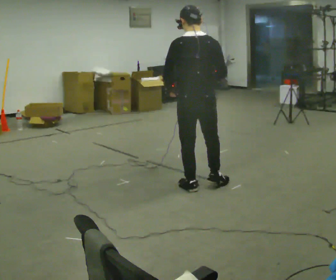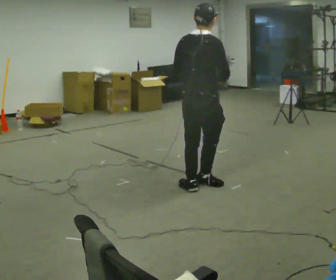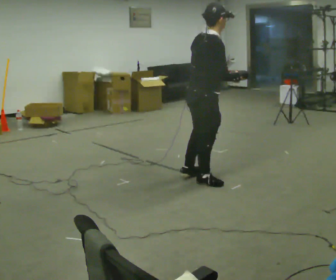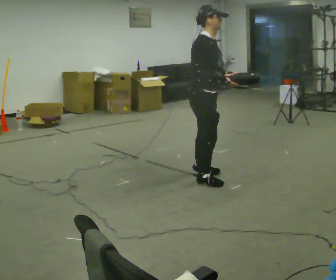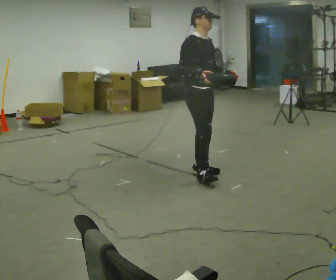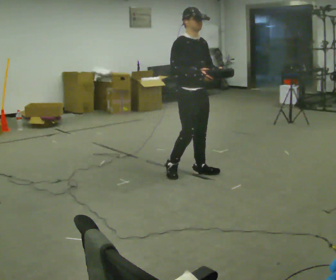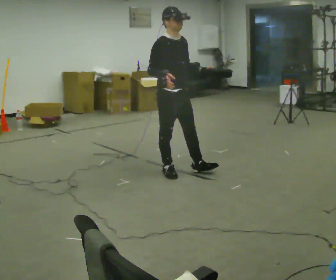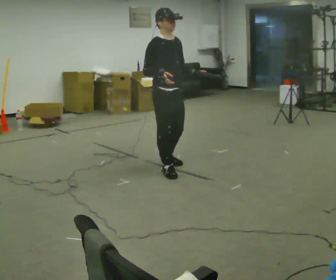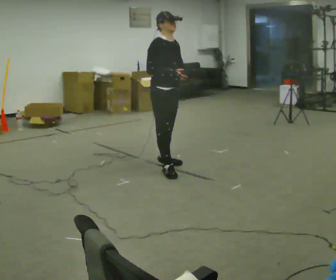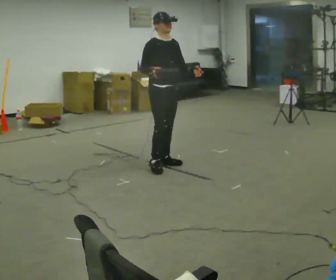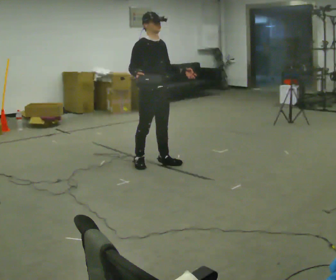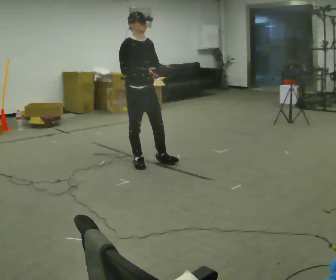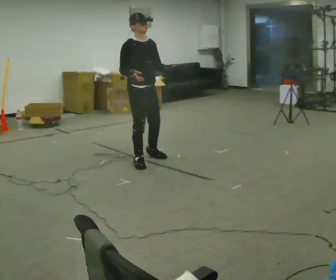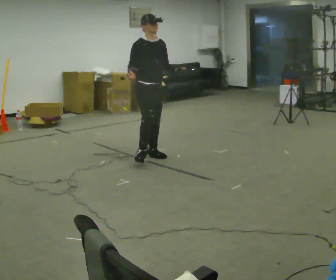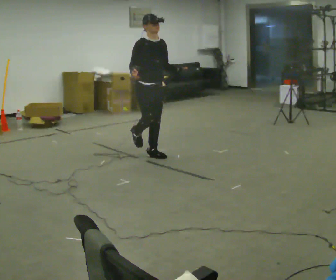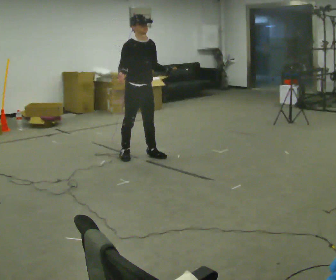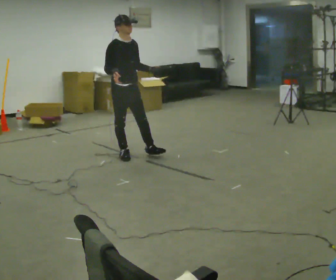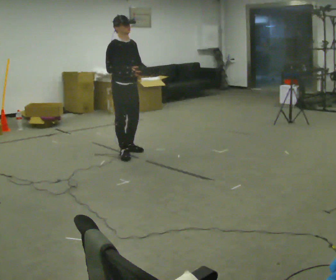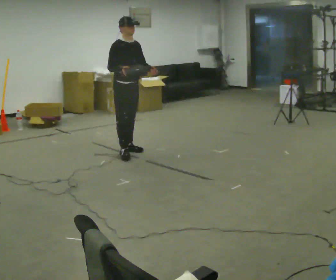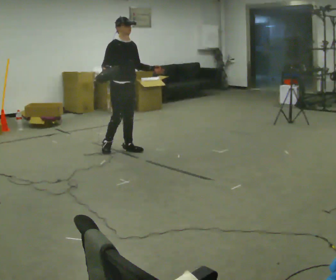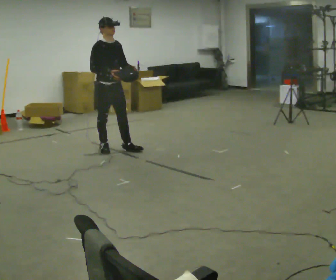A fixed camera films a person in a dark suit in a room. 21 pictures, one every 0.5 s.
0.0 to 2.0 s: Seen from above the body turns clockwise, about 135 degrees: to their right, with its near side sliding to the left. In the picture they go away from the camera, about 0.5 m in 1 step.
2.0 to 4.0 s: In the picture they go to the left and away from the camera, about 0.5 m in 2 steps, which for them is backward.
4.0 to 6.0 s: In the picture they go to the left and away from the camera, about 0.25 m in 2 steps, which for them is backward.
6.0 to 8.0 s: In the picture they go away from the camera and to the left, about 0.25 m in 2 steps, which for them is backward.
8.0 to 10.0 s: In the picture they go away from the camera and to the left, about 0.25 m in 1 step, which for them is backward.
The film runs backward here.
